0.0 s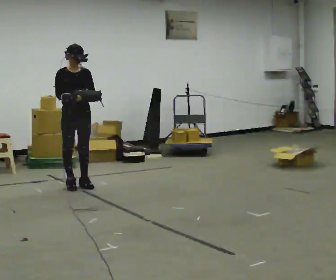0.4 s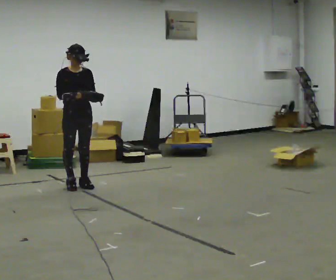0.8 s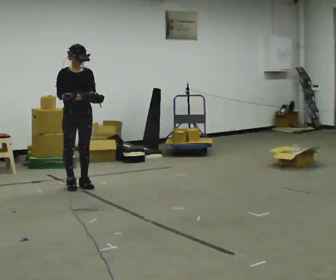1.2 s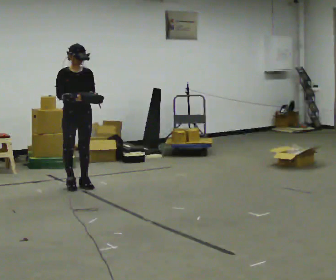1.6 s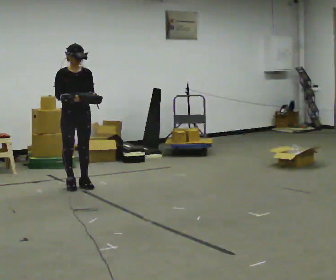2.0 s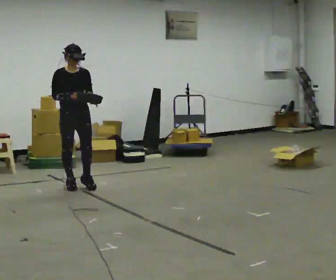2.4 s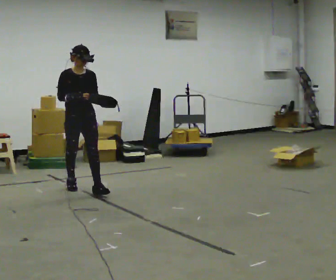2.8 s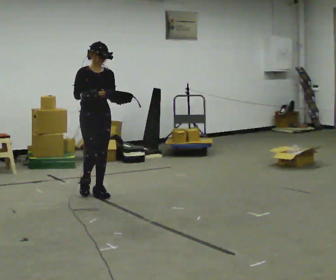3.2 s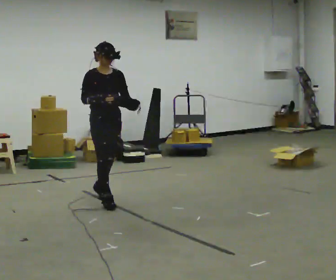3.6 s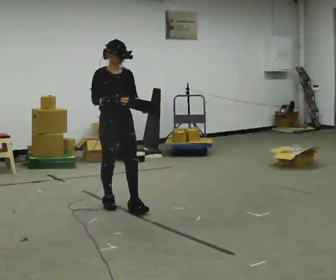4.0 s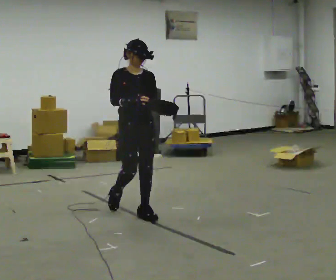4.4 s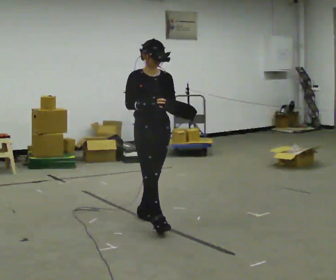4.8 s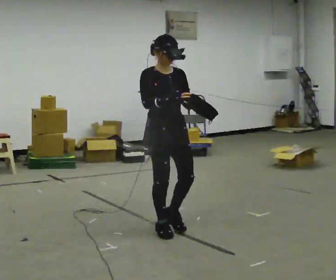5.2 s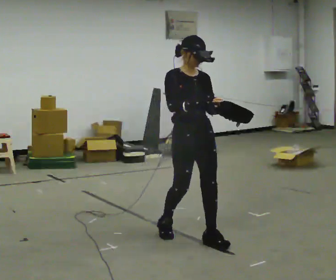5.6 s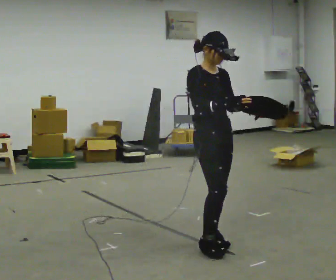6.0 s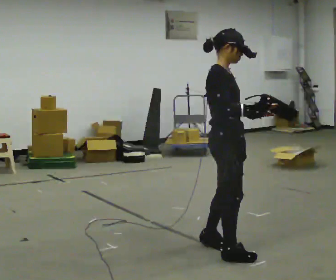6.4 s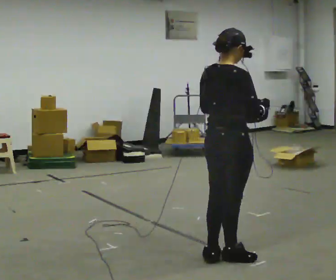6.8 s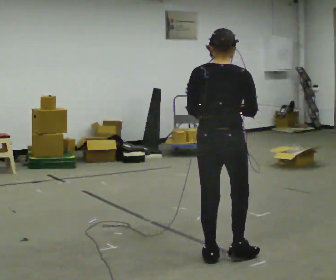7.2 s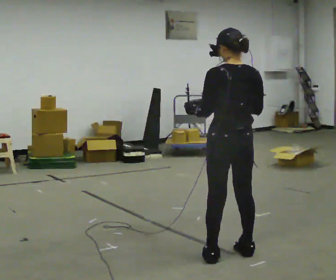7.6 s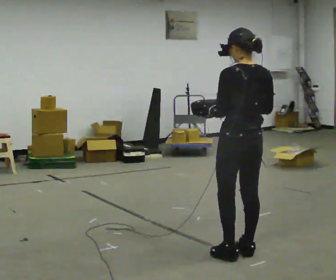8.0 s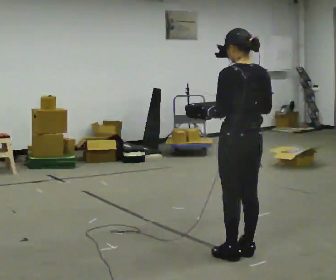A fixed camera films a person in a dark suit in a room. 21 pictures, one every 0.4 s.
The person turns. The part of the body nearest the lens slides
to the right.
The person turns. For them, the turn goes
to their left.
0.0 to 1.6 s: The person moves a little, or ends about where they began.
1.6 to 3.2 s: In the picture they go toward the camera and to the right, about 0.5 m in 2 steps, which for them is forward.
3.2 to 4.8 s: In the picture they go toward the camera and to the right, about 1 m in 2 steps, which for them is forward.
4.8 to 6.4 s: The part of the body nearest the lens slides to the right as the person turns to their left by about 105 degrees. In the picture they go toward the camera and to the right, about 0.5 m in 3 steps.
6.4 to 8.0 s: The person turns about 75 degrees to their left, counterclockwise seen from above, so the part of the body nearest the lens slides to the right. In the picture they go to the right, about 0.25 m in 2 steps.
The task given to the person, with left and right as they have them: Carry the bag and, while walking, undo the buckle or zip, then do it up again. Keep repeating as you walk. Do not stop.
The film runs forward here.
